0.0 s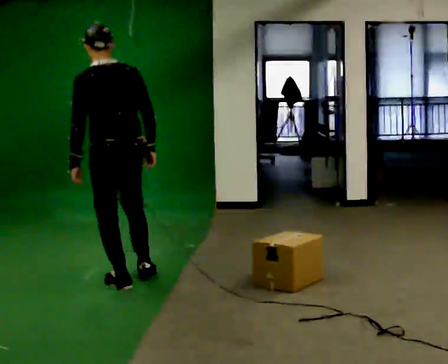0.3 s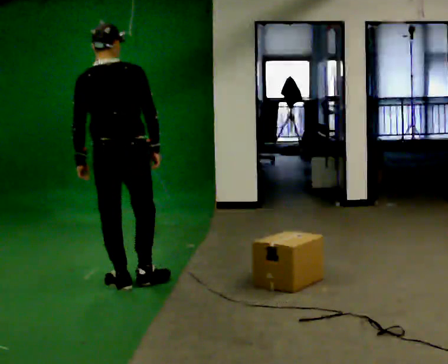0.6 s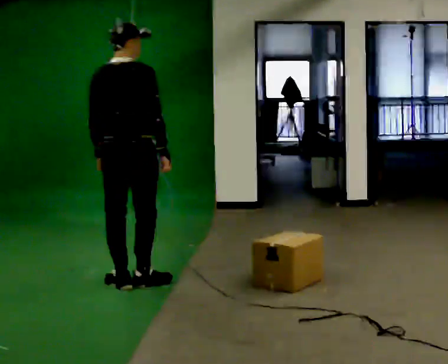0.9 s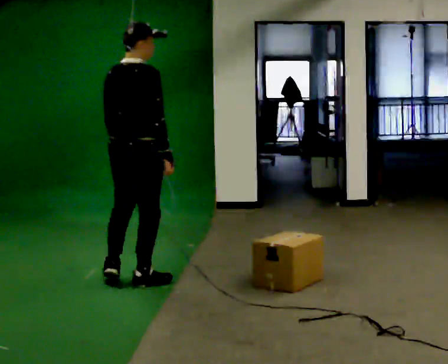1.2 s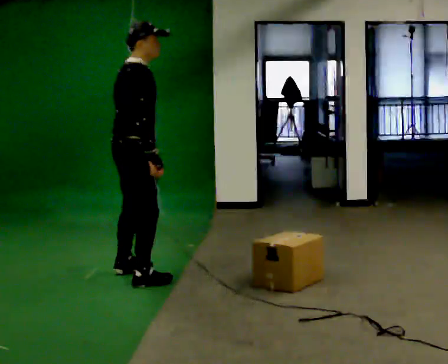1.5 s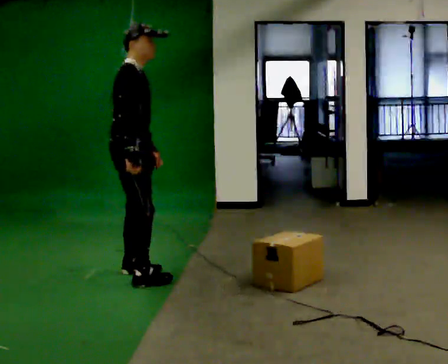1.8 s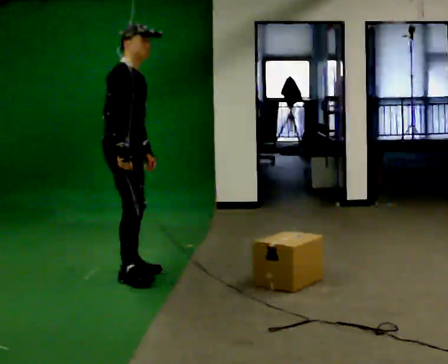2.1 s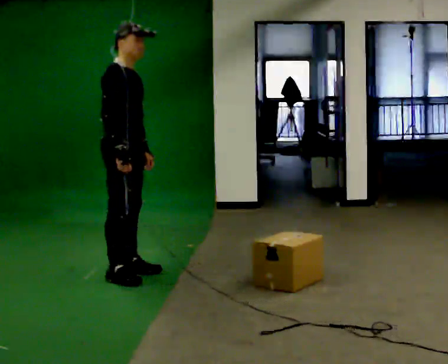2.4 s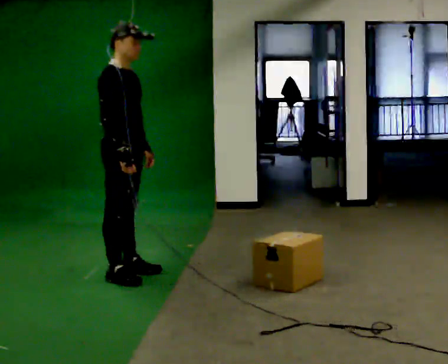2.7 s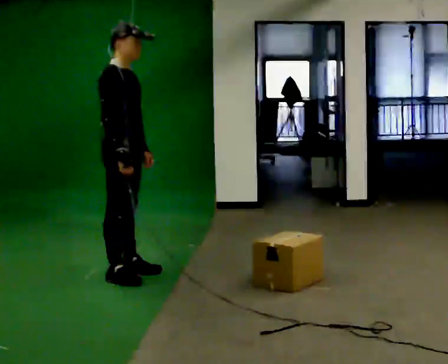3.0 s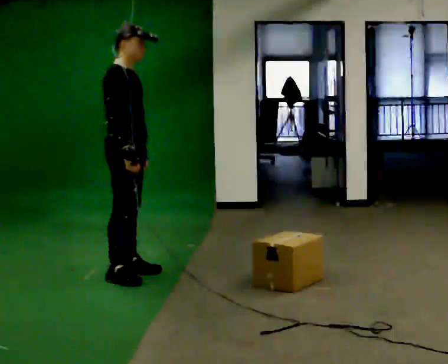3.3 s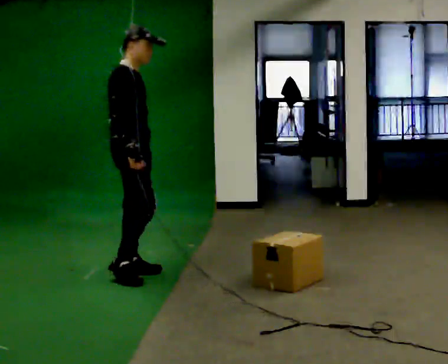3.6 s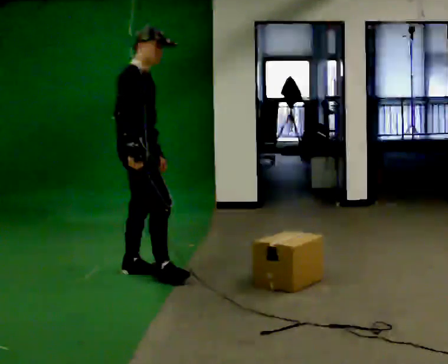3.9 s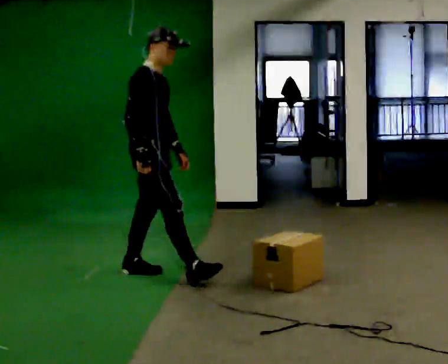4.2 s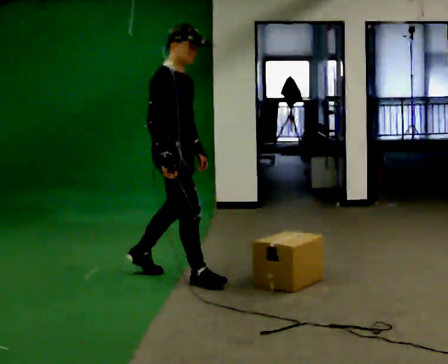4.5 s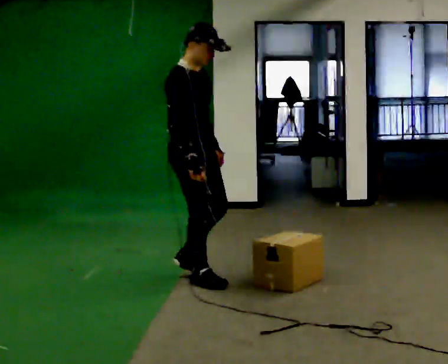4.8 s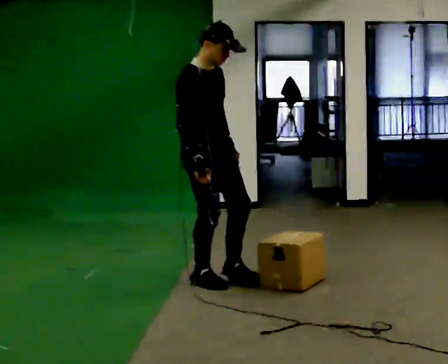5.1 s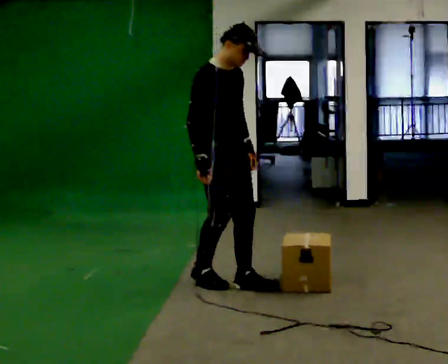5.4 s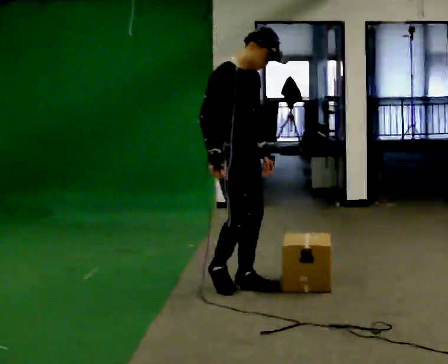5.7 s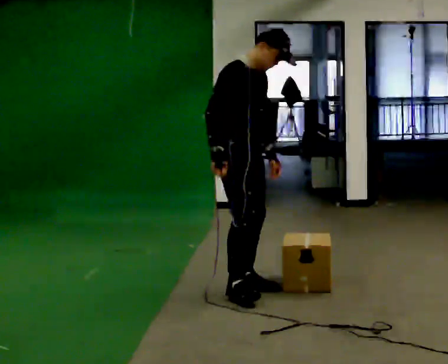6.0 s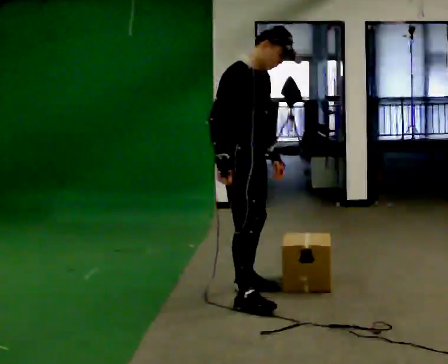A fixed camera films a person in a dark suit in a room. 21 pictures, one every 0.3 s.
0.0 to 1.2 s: The person turns about 90 degrees to their right, clockwise seen from above, so the part of the body nearest the lens slides to the left.
1.2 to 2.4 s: Seen from above the body turns clockwise, about 45 degrees: to their right, with its near side sliding to the left. In the picture they go away from the camera, about 0.25 m in 2 steps, which for them is backward and to their left.
2.4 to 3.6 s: The person moves a little, or ends about where they began.
3.6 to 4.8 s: Seen from above the body turns clockwise, about 30 degrees: to their right, with its near side sliding to the left. In the picture they go to the right and toward the camera, about 0.5 m in 1 step, which for them is forward.
4.8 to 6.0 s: In the picture they go toward the camera and to the right, about 0.25 m in 2 steps, which for them is forward.
The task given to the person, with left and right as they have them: Walk back and forth across the room at a normal pace, looking ahead. There may be something on the floor. Recover however comes naturally and carry on.
The film runs forward here.
